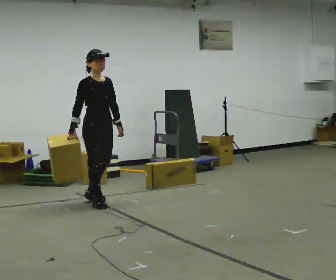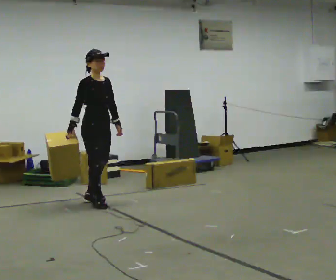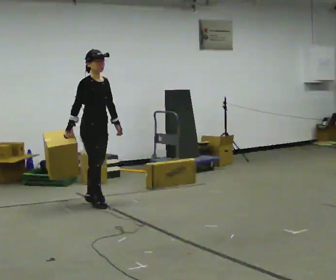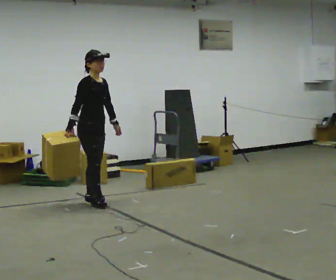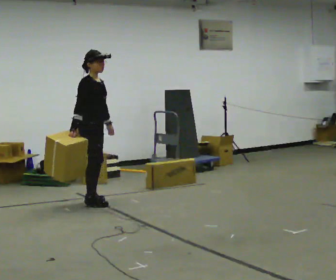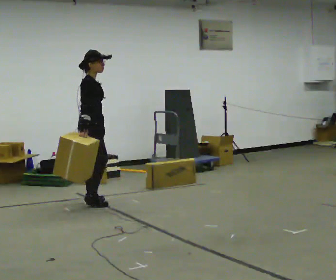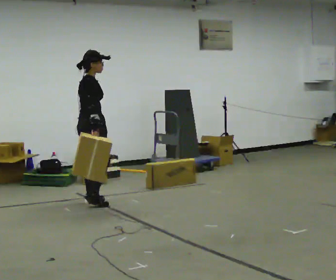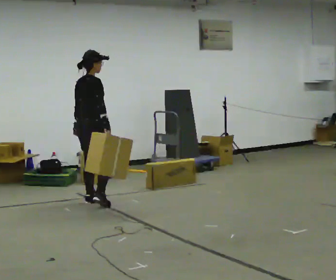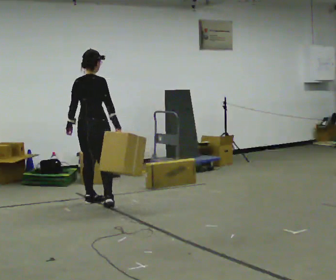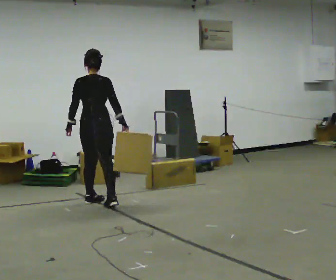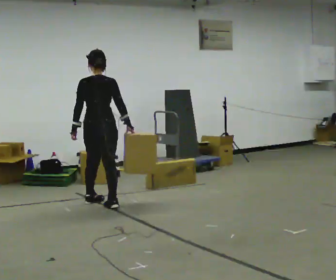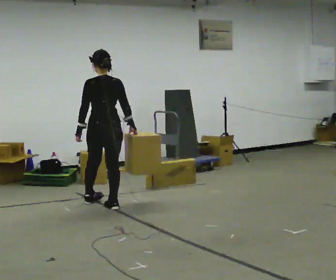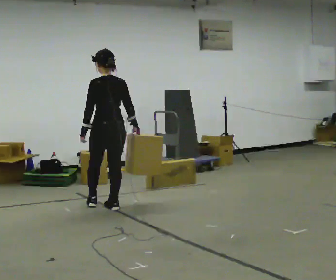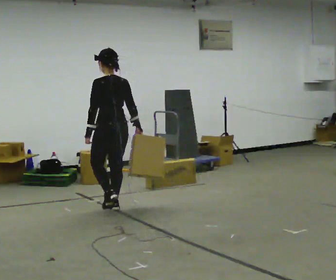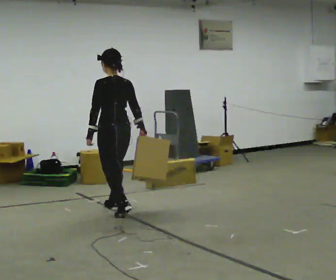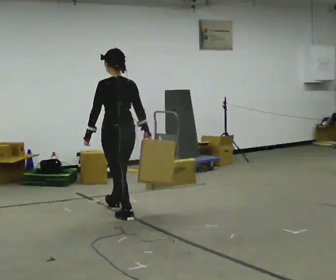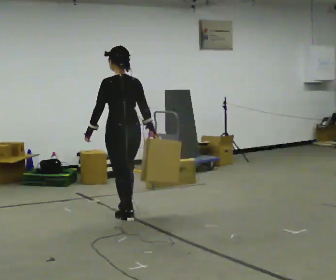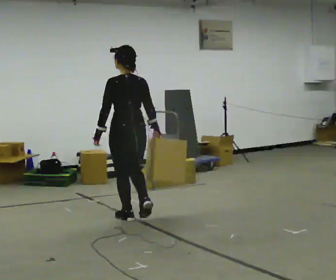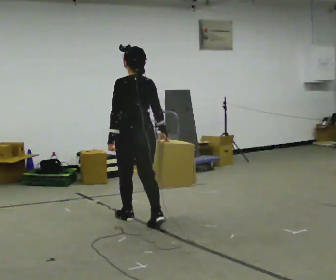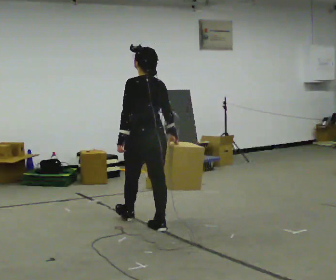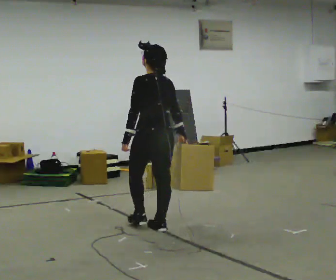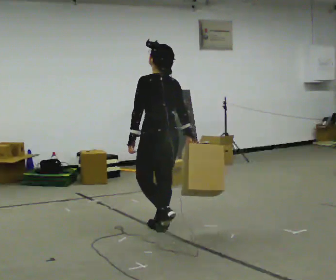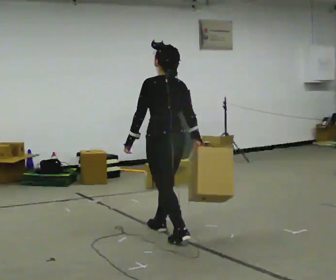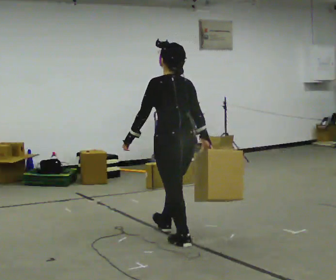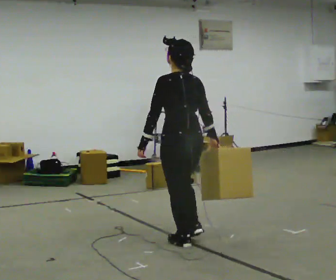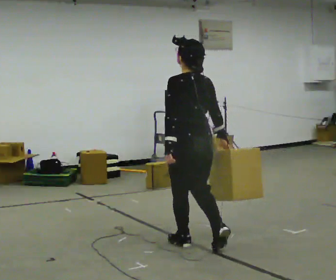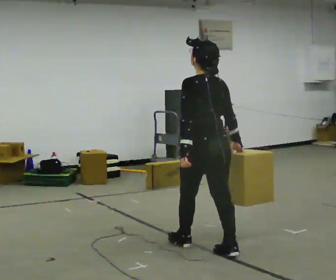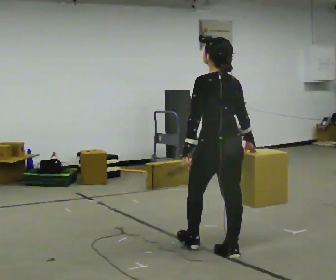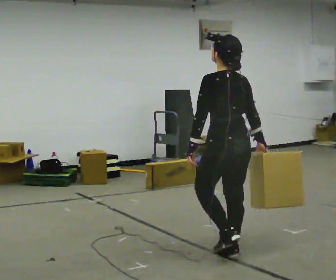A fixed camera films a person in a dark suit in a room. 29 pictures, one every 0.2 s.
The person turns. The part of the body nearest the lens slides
to the right.
The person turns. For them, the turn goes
to their left.
0.0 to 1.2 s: Seen from above the body turns counterclockwise, about 60 degrees: to their left, with its near side sliding to the right.
1.2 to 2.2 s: The person turns about 75 degrees to their left, counterclockwise seen from above, so the part of the body nearest the lens slides to the right. In the picture they go to the right and toward the camera, about 0.25 m in 1 step.
2.2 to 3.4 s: In the picture they go toward the camera and to the right, about 0.75 m in 2 steps, which for them is backward.
3.4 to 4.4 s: In the picture they go toward the camera and to the right, about 0.75 m in 1 step, which for them is backward.
4.4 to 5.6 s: In the picture they go toward the camera and to the right, about 1 m in 2 steps, which for them is backward.
The film runs backward here.
